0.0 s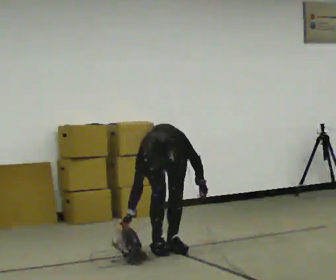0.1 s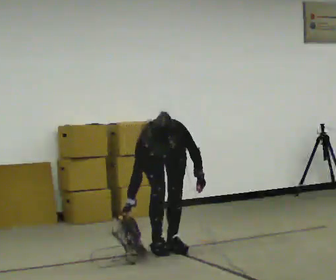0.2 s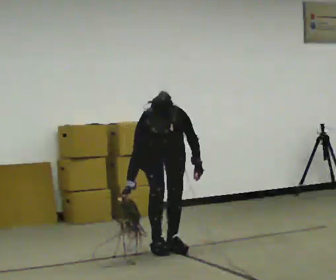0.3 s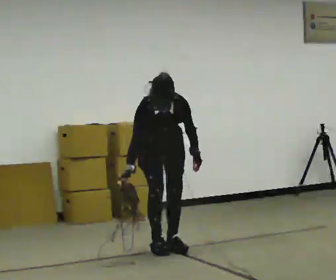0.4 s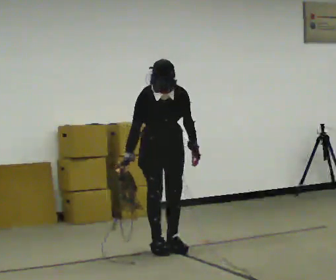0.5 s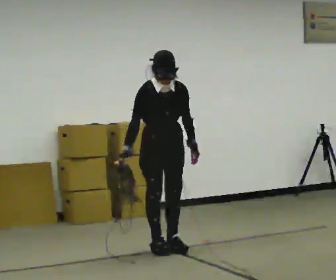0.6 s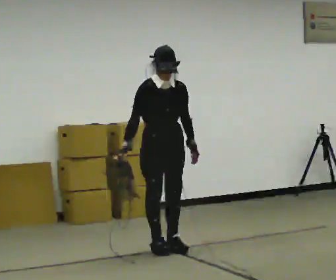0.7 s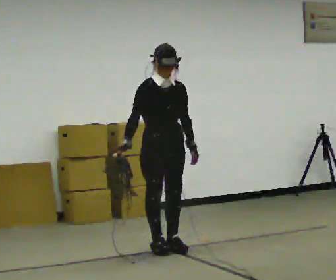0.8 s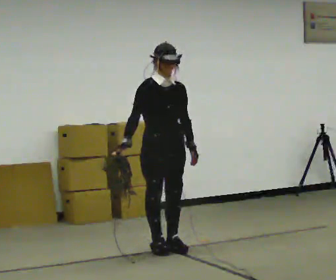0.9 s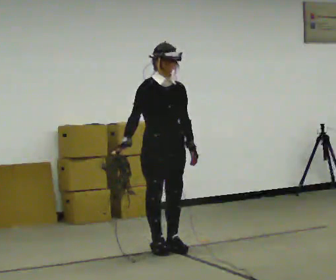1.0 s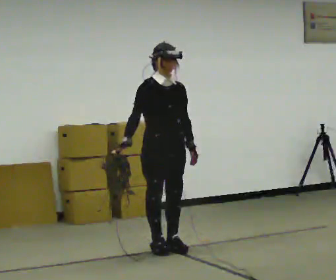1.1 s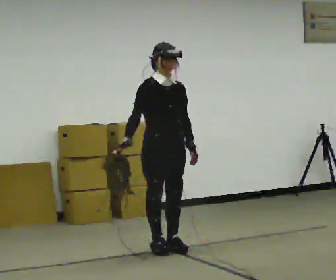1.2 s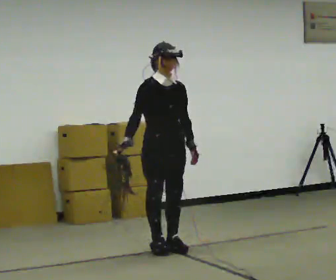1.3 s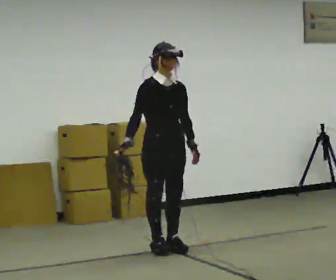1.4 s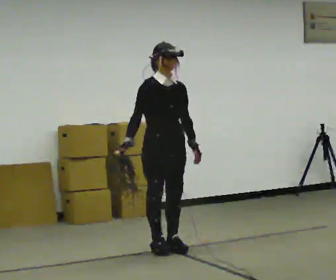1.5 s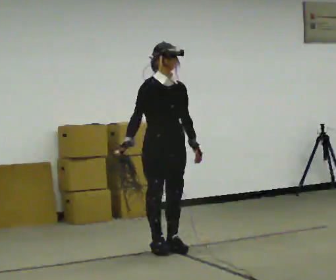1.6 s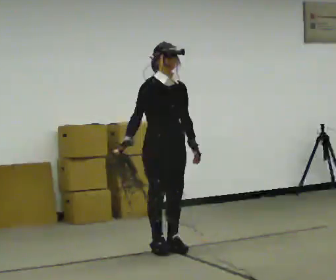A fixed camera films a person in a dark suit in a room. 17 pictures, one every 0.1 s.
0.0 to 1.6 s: Seen from above the body turns counterclockwise, about 30 degrees: to their left, with its near side sliding to the right. In the picture they go toward the camera, about 0.25 m, which for them is forward. The upper body goes upward. The upper body tips away from the camera, its near side rolling upward, as they lean back or straighten. In the picture their right hand goes upward.
The film runs backward here.
